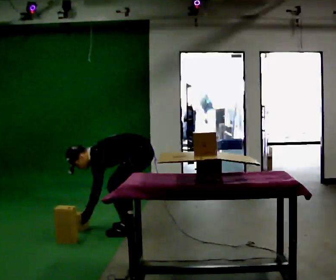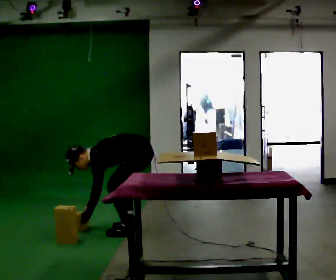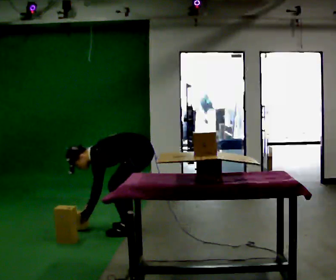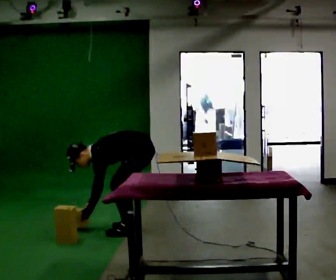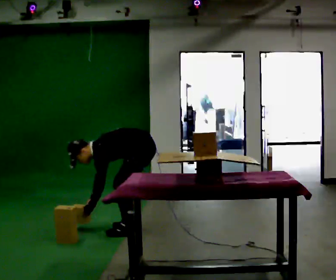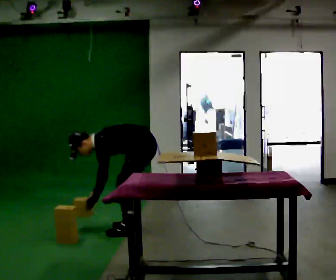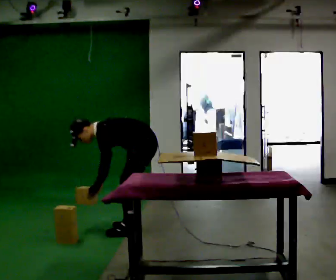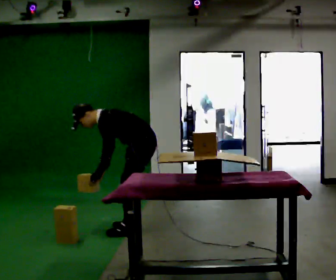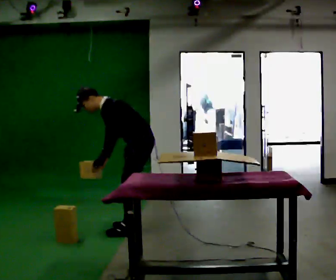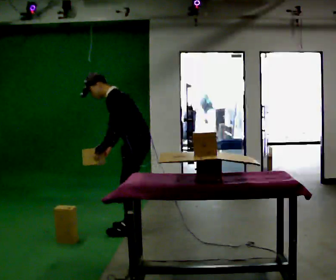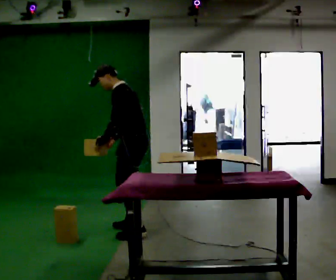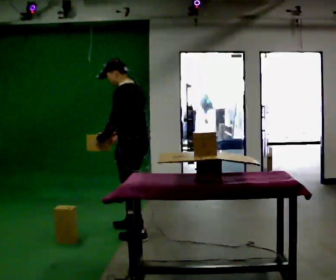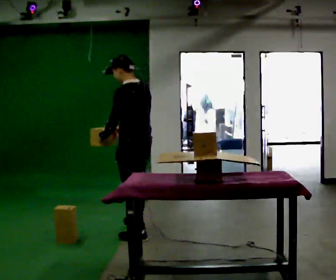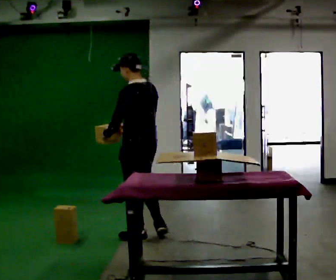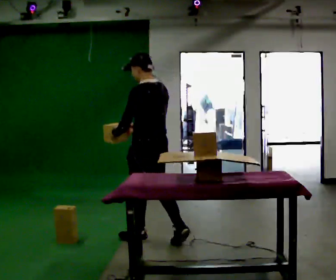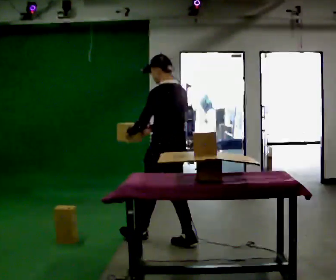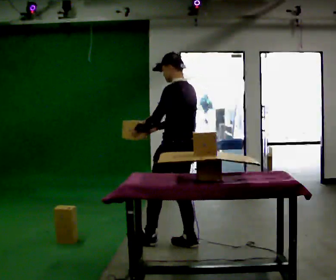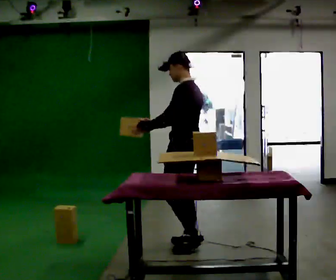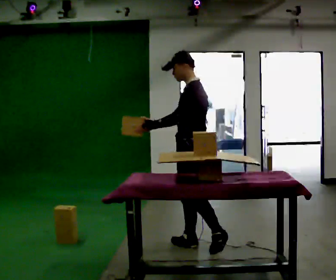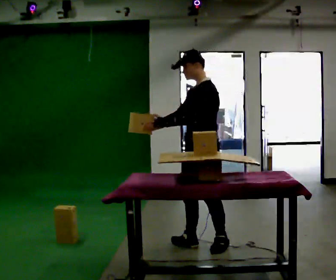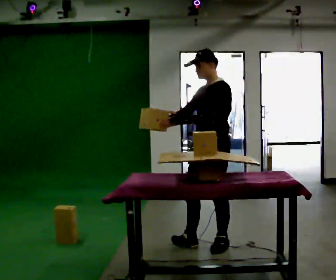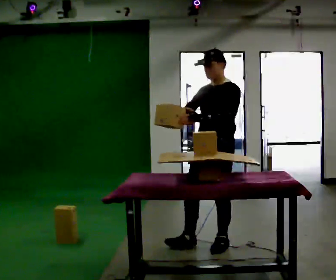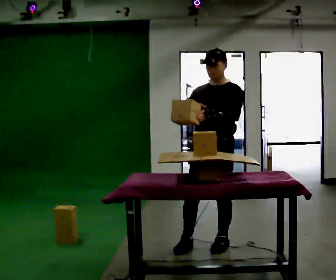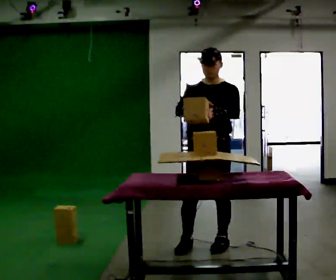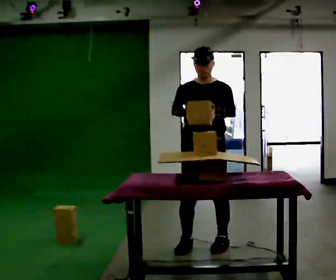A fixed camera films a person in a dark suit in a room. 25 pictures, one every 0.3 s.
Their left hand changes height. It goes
upward.
The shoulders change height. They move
upward.
0.0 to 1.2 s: The person moves a little, or ends about where they began.
1.2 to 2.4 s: The upper body goes upward. In the picture the upper body tilts clockwise, shoulders to the right, as they lean back or straighten. In the picture their left hand goes upward.
2.4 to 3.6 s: The part of the body nearest the lens slides to the left as the person turns to their right by about 30 degrees. In the picture they go toward the camera, about 0.25 m in 2 steps, which for them is to their left. The shoulders move upward. In the picture the upper body tilts clockwise, shoulders to the right, as they lean back or straighten.
3.6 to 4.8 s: In the picture they go to the right and toward the camera, about 0.5 m in 1 step, which for them is backward.
4.8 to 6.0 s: The person turns about 60 degrees to their left, counterclockwise seen from above, so the part of the body nearest the lens slides to the right. In the picture they go to the right, about 0.25 m.
6.0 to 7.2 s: The part of the body nearest the lens slides to the right as the person turns to their left by about 45 degrees.
The film runs backward here.
